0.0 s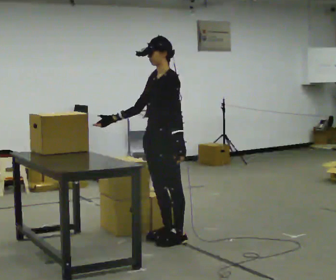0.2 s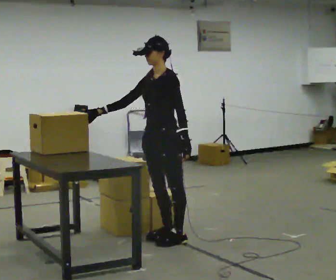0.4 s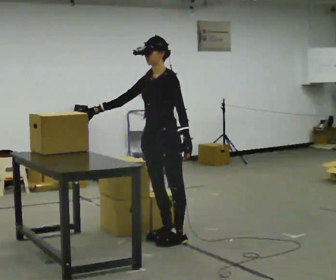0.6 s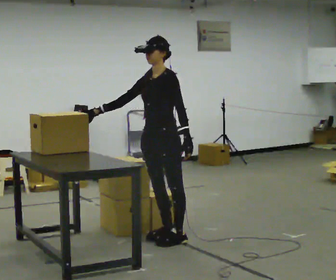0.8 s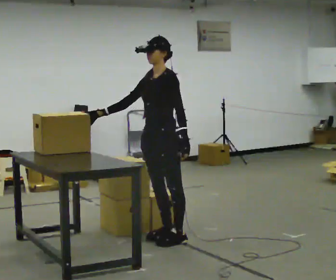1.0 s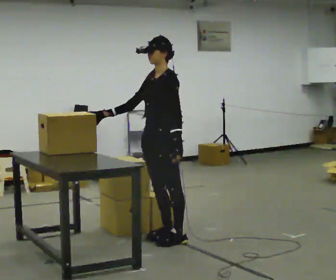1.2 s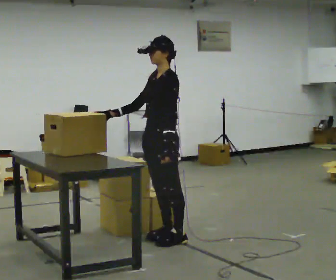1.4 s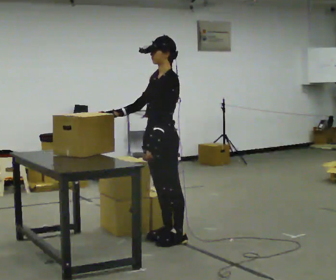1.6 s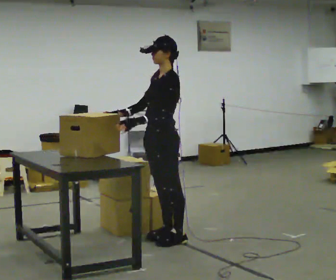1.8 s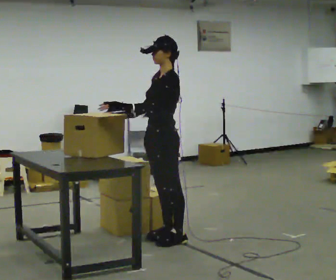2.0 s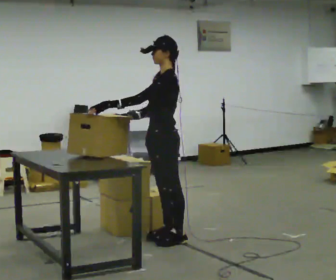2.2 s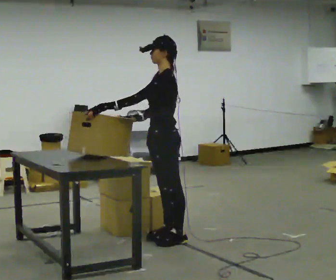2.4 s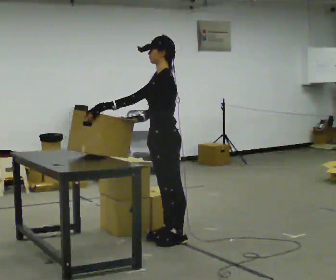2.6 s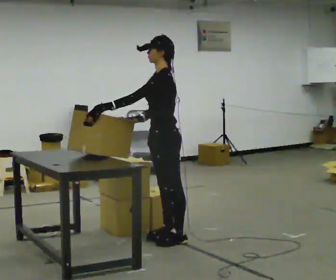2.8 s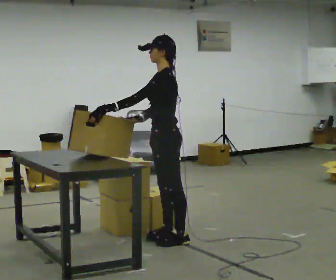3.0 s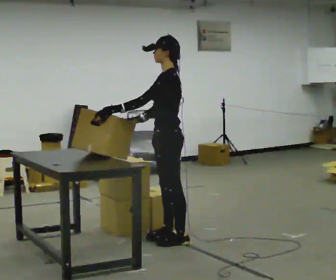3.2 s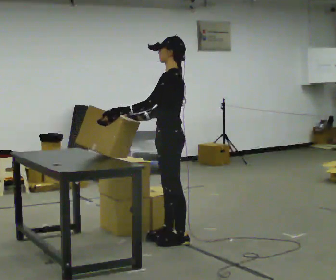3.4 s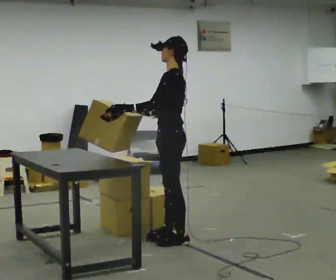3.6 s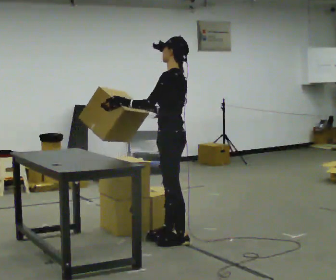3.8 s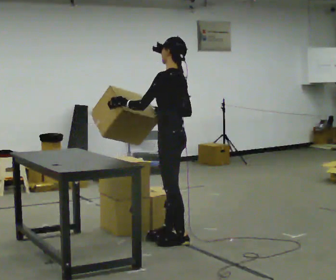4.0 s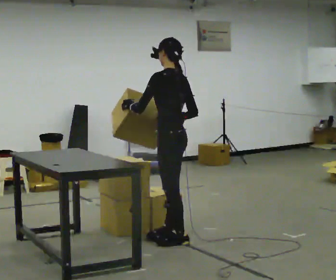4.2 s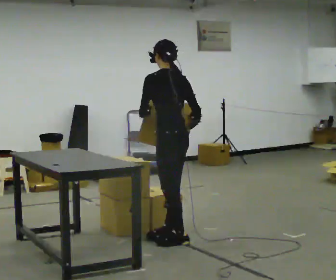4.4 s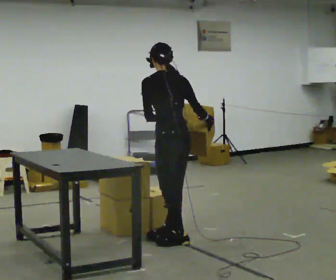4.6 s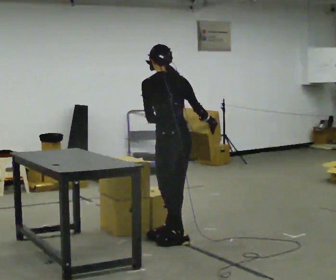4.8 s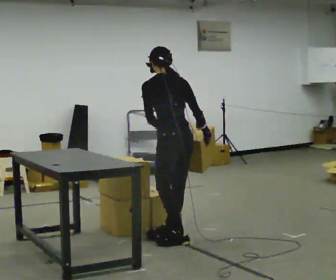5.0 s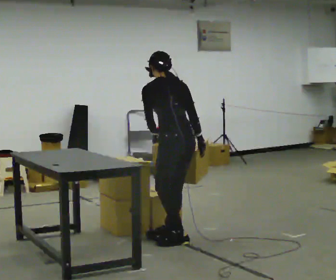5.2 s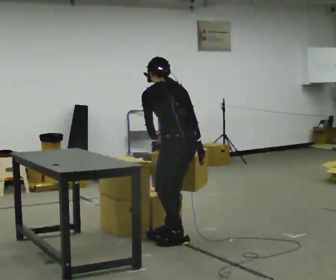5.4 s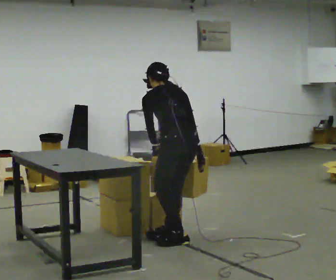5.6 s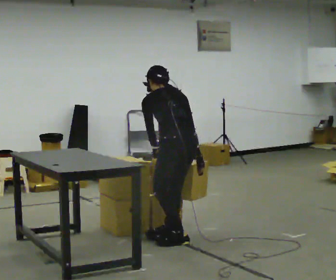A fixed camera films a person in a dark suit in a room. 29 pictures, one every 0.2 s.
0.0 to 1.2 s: The person moves a little, or ends about where they began.
1.2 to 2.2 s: In the picture their left hand goes to the left, the arm swinging clockwise.
2.2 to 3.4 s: The person moves a little, or ends about where they began.
3.4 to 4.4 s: The person turns about 45 degrees to their right, clockwise seen from above, so the part of the body nearest the lens slides to the left. In the picture their right hand goes to the right.
4.4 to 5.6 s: The upper body tips away from the camera, its near side rolling upward, as they bend forward.
The film runs forward here.
